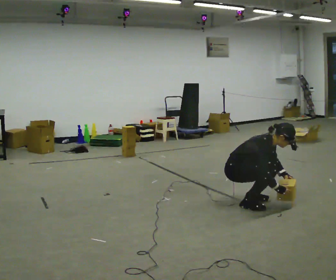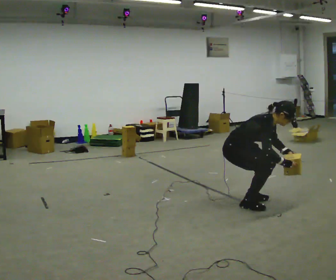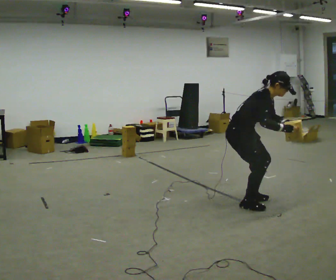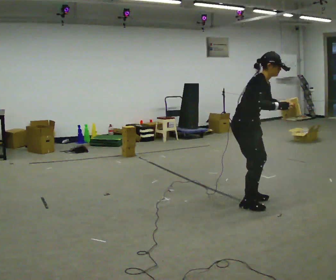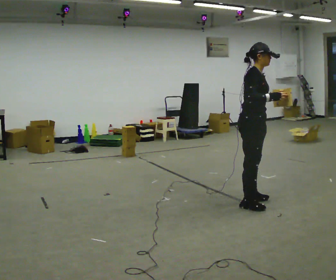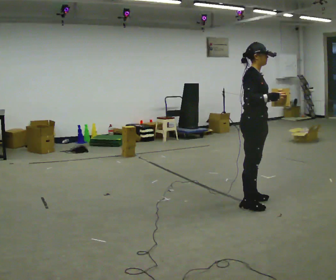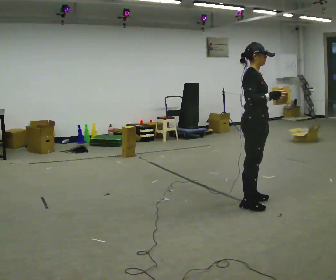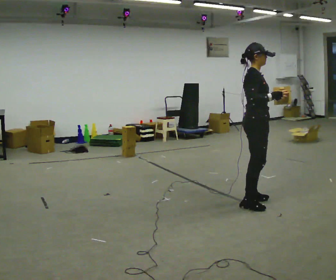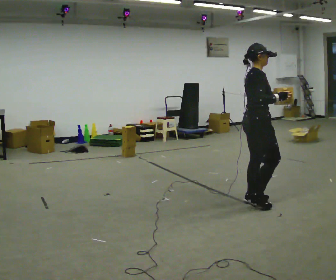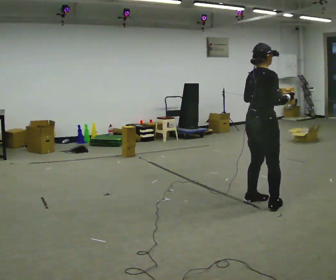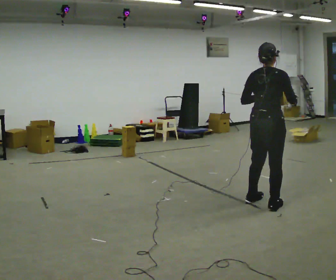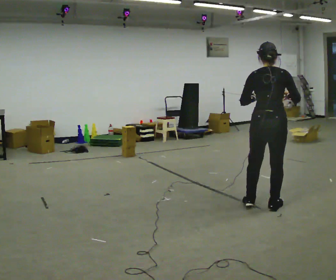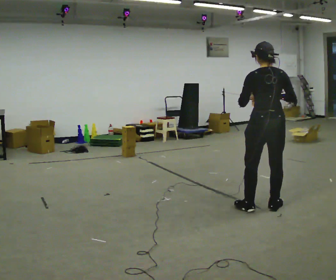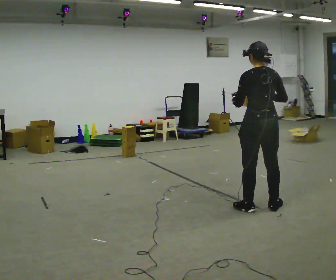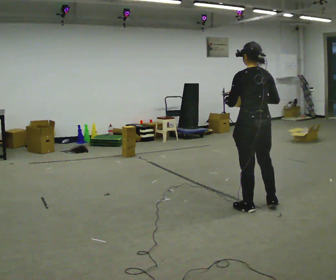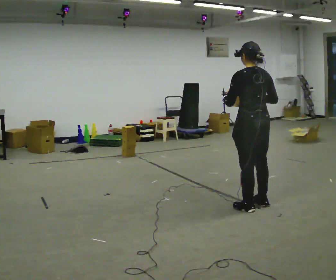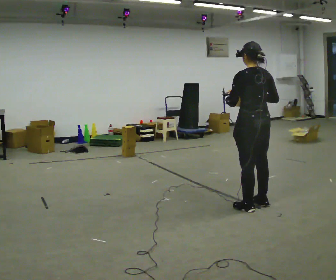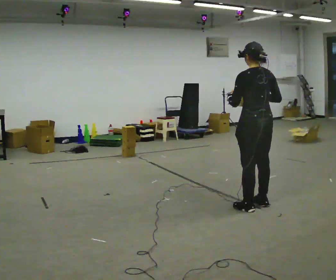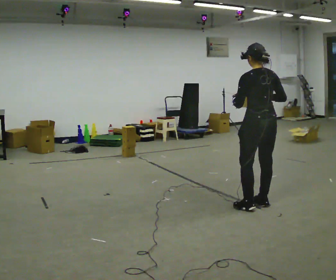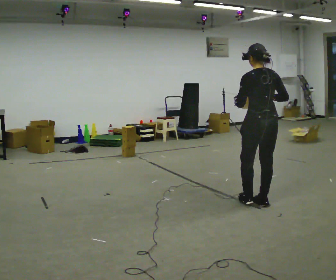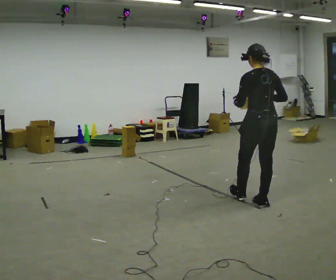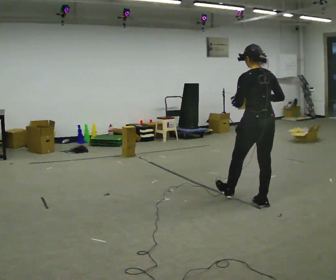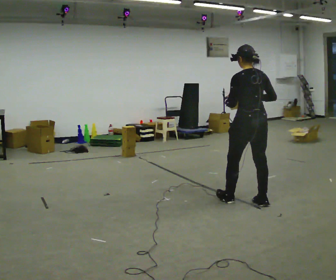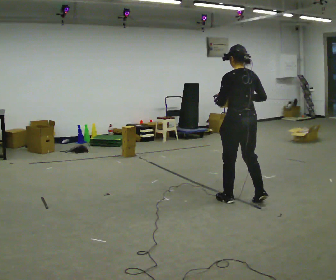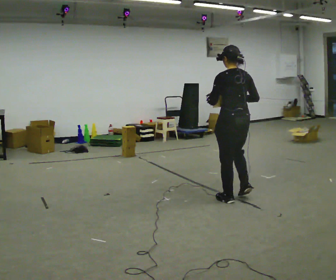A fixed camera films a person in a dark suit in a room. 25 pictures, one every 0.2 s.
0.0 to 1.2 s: In the picture they go to the right, about 0.25 m, which for them is forward. The shoulders move upward. In the picture the upper body tilts counterclockwise, shoulders to the left, as they lean back or straighten. In the picture their right hand goes upward.
1.2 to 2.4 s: The part of the body nearest the lens slides to the right as the person turns to their left by about 105 degrees.
2.4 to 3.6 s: The person moves a little, or ends about where they began.
3.6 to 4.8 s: In the picture they go to the left and away from the camera, about 0.25 m in 1 step, which for them is forward and to their left.
The film runs forward here.
